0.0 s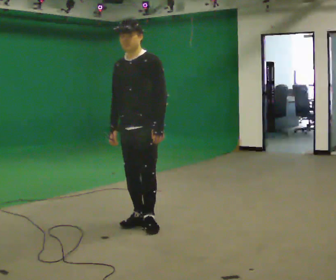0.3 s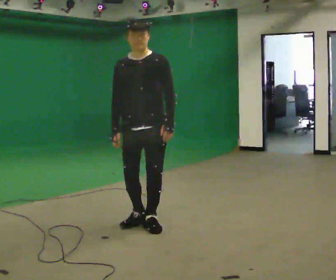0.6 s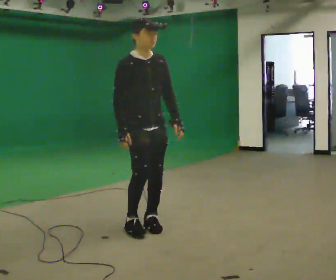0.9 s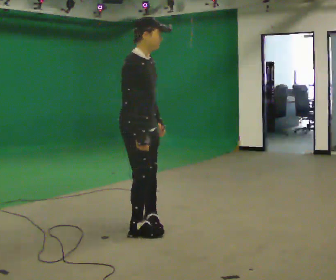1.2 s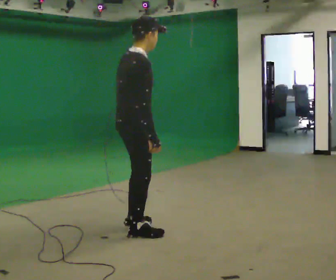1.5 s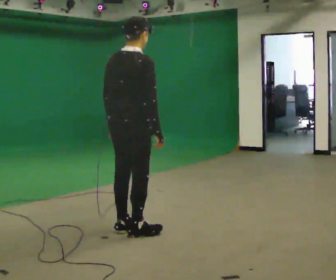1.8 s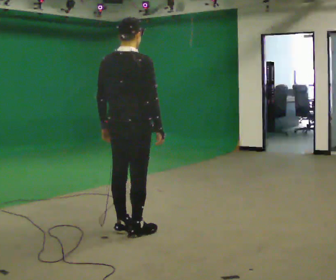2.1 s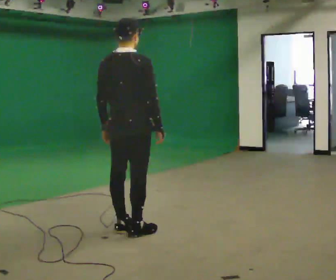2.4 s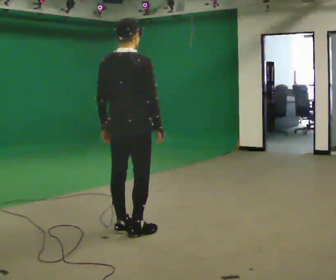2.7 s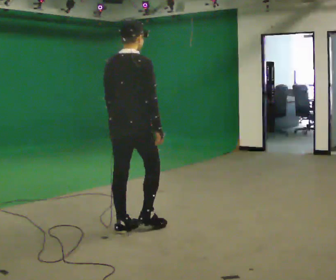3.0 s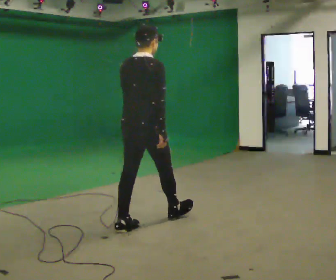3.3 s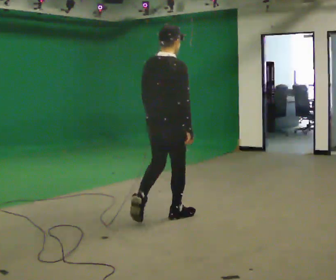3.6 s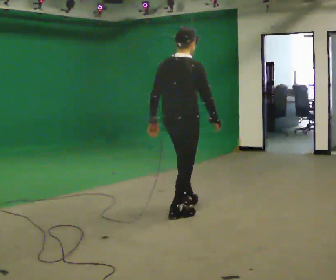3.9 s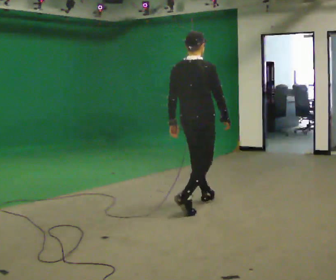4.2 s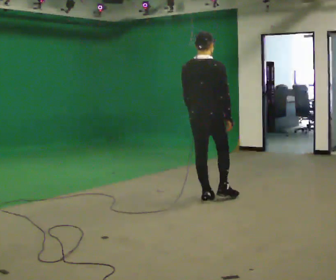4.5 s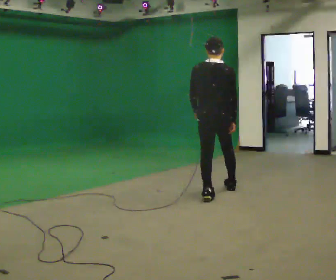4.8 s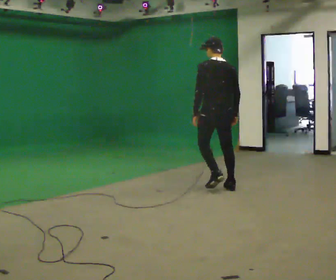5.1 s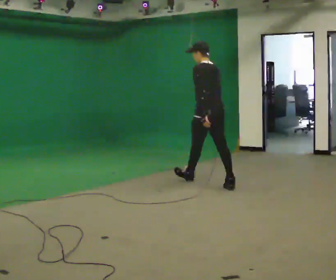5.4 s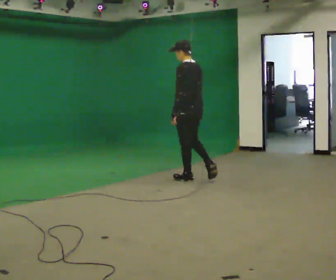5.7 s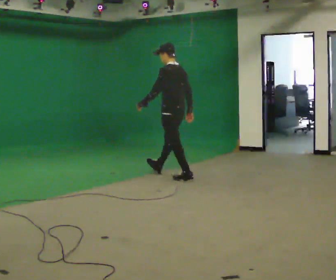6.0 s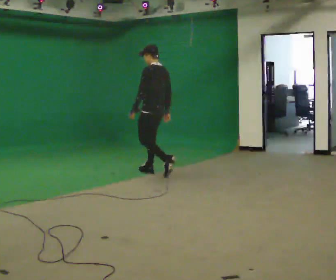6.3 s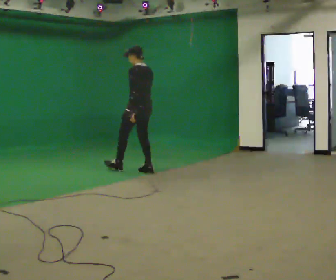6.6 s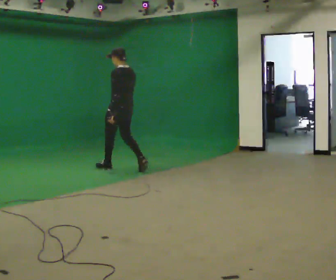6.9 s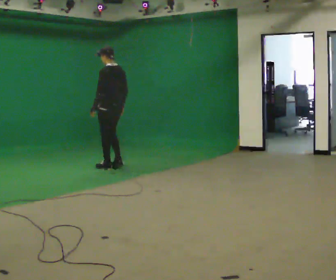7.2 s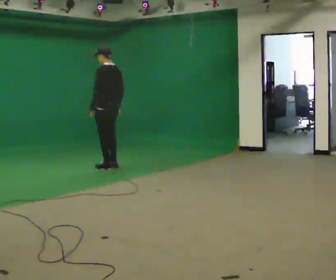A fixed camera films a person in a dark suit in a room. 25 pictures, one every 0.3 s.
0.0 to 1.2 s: The part of the body nearest the lens slides to the right as the person turns to their left by about 150 degrees. In the picture they go toward the camera, about 0.25 m in 1 step. In the picture the upper body tilts clockwise, shoulders to the right.
1.2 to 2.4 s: The part of the body nearest the lens slides to the right as the person turns to their left by about 30 degrees.
2.4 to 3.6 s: In the picture they go away from the camera and to the right, about 0.5 m in 1 step, which for them is forward.
3.6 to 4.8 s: The person turns about 60 degrees to their left, counterclockwise seen from above, so the part of the body nearest the lens slides to the right. In the picture they go away from the camera, about 1 m in 2 steps.
4.8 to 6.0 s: The part of the body nearest the lens slides to the right as the person turns to their left by about 30 degrees. In the picture they go away from the camera and to the left, about 1 m in 2 steps, which for them is forward.
6.0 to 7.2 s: In the picture they go to the left and away from the camera, about 1 m in 2 steps, which for them is forward.
The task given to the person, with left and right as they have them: Walk straight; turn 90° left/right while continuing to walk; continue.
The film runs forward here.
